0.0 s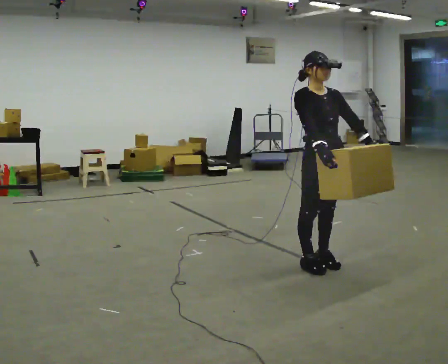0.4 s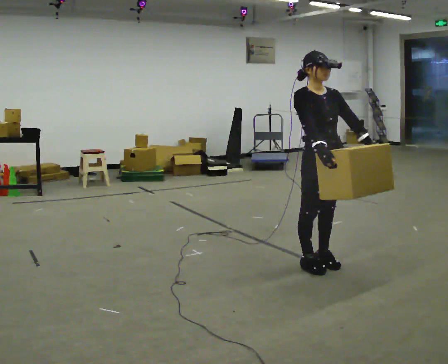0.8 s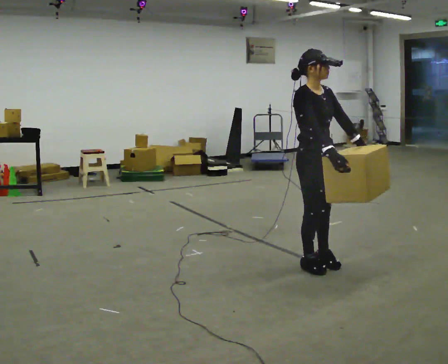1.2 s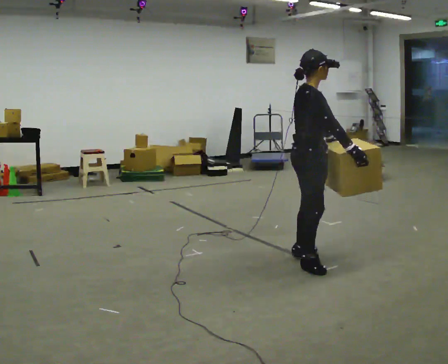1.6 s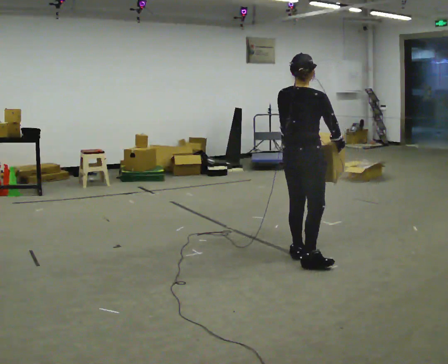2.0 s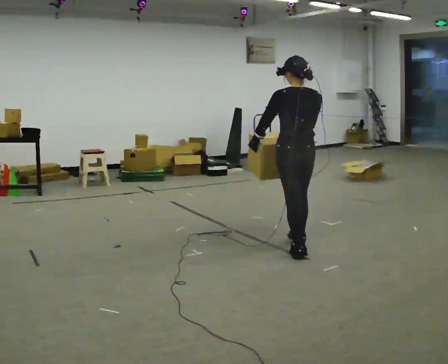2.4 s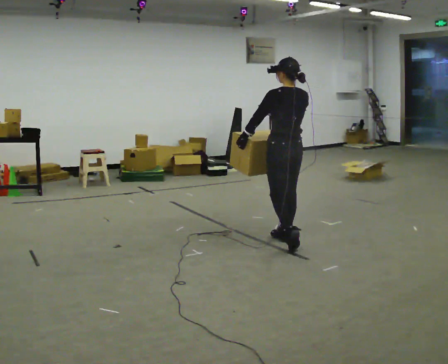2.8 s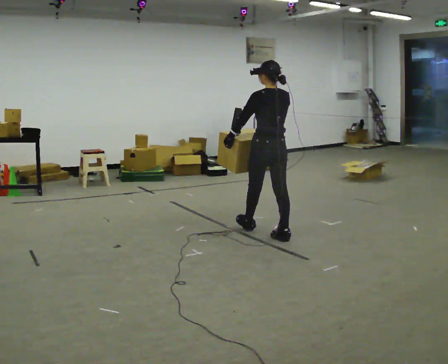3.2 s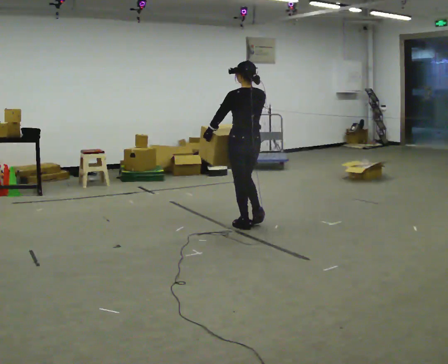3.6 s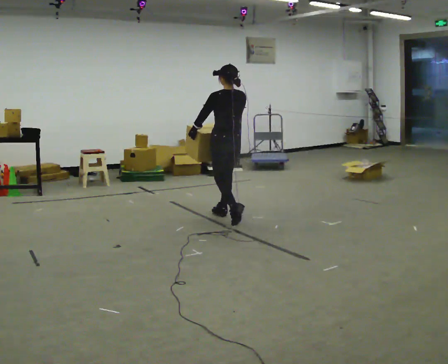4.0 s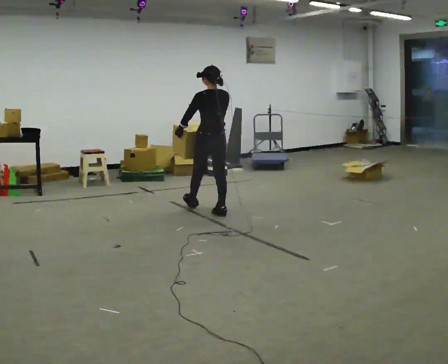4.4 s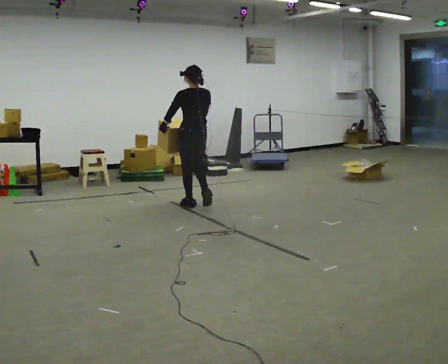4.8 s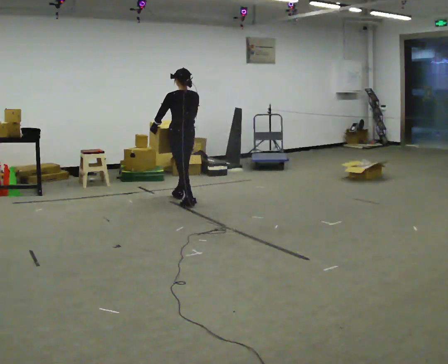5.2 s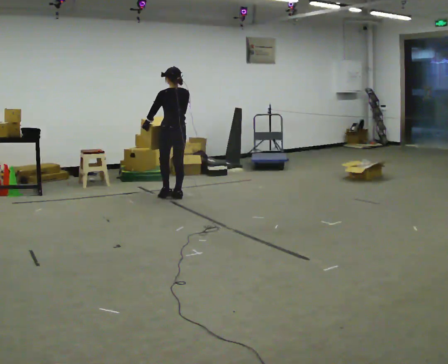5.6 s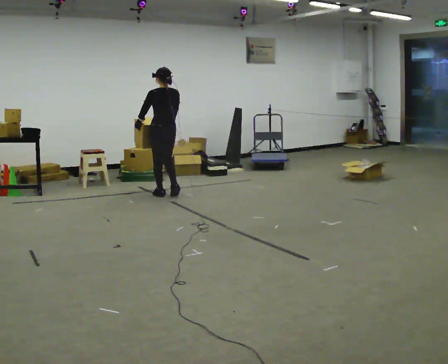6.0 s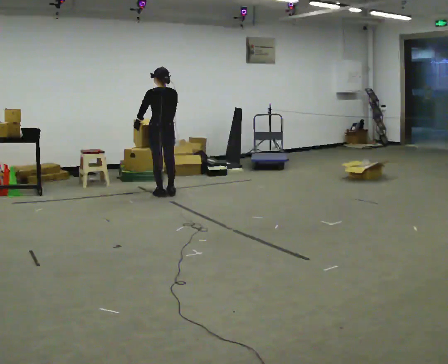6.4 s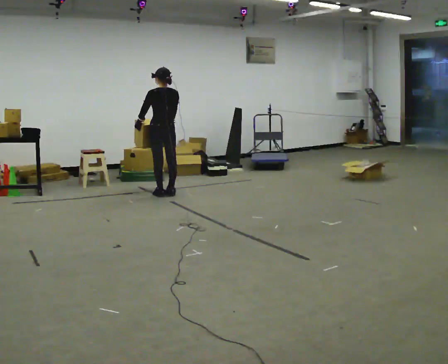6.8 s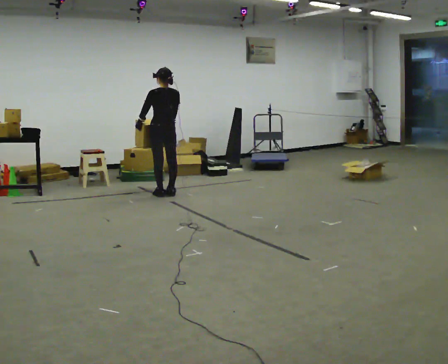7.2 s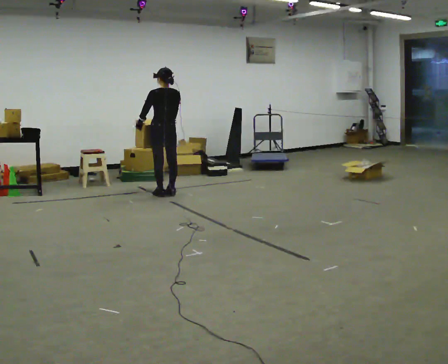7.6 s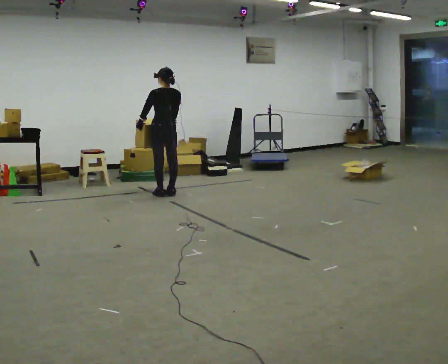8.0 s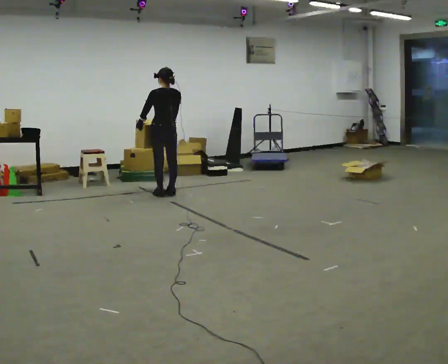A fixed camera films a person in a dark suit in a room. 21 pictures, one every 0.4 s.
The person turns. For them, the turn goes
to their left.
Their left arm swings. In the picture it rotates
clockwise.
0.0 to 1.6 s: Seen from above the body turns counterclockwise, about 120 degrees: to their left, with its near side sliding to the right. In the picture they go away from the camera, about 0.25 m in 1 step.
1.6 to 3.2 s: Seen from above the body turns counterclockwise, about 75 degrees: to their left, with its near side sliding to the right. In the picture they go away from the camera and to the left, about 1 m in 2 steps.
3.2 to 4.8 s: In the picture they go away from the camera and to the left, about 1 m in 3 steps, which for them is forward.
4.8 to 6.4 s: In the picture they go away from the camera and to the left, about 0.5 m in 2 steps, which for them is forward.
6.4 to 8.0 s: The person keeps their place and pose.
The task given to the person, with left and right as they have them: Carry the heavy box in both hands in front of you, walking back and forth across the room. Keep walking until the operator says stop. Set it down if you need a rest.
The film runs forward here.
